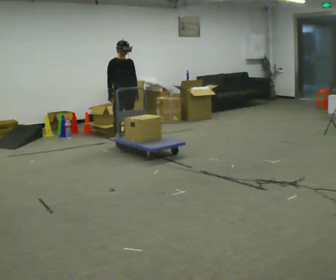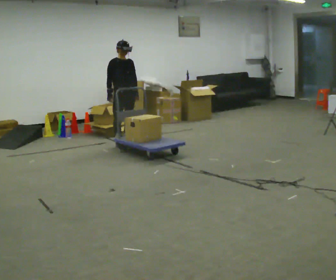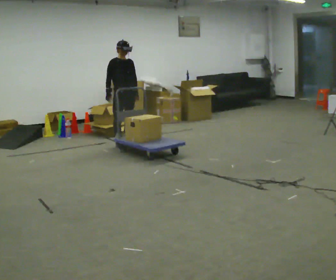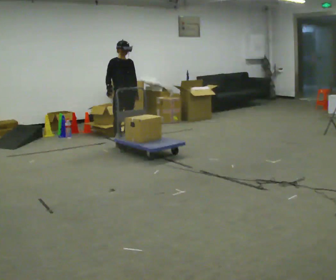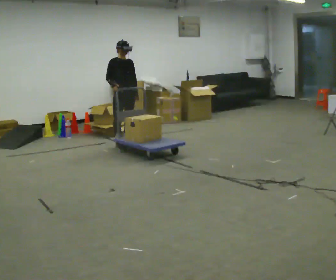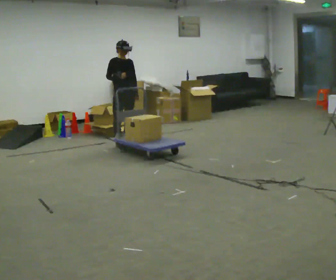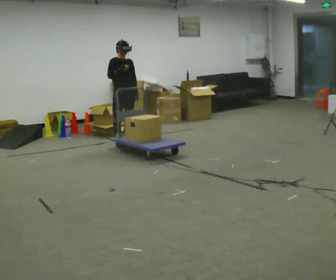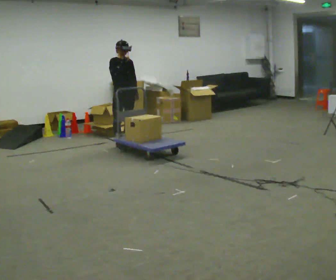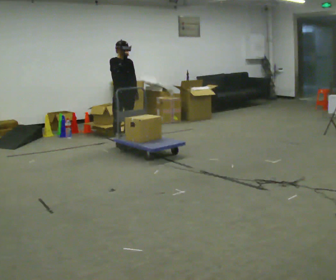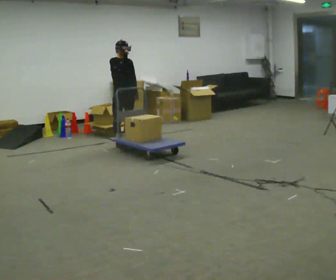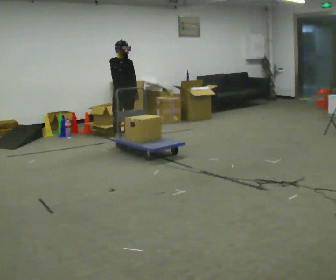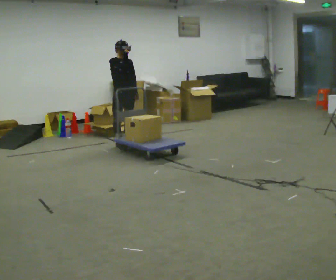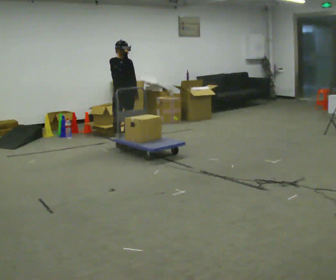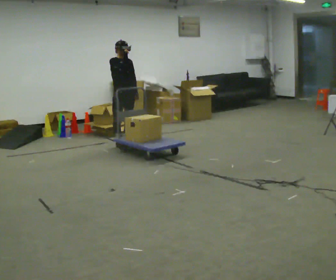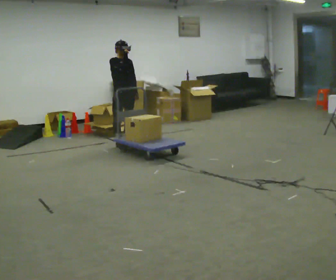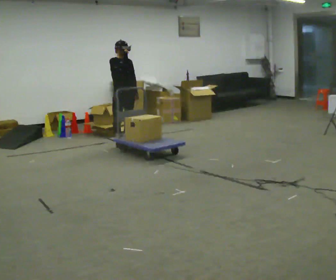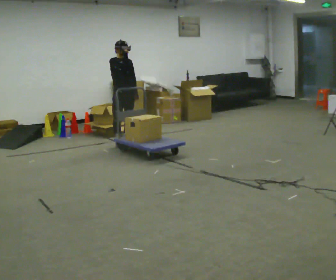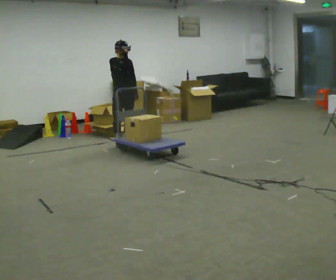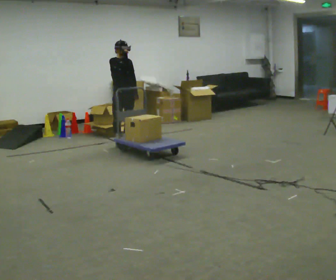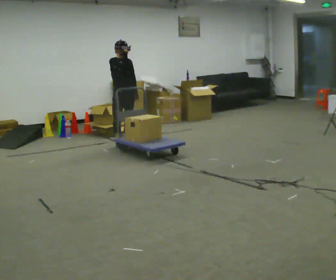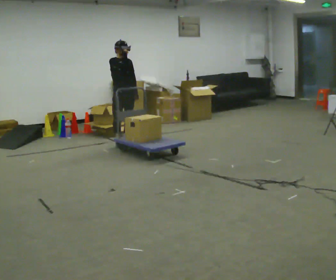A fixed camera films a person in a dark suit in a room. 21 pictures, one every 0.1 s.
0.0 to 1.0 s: In the picture their right hand goes upward.
1.0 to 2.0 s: The person keeps their place and pose.
The film runs backward here.
